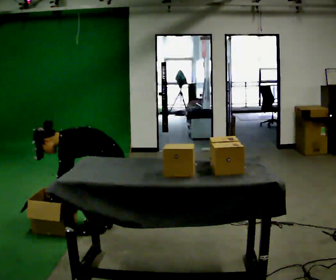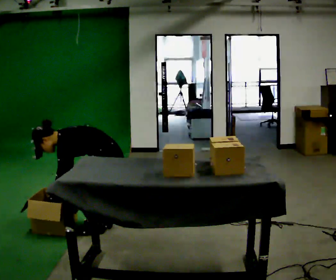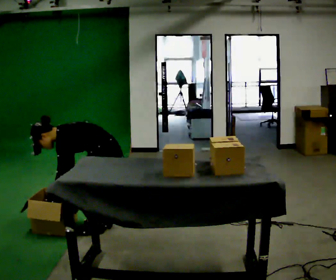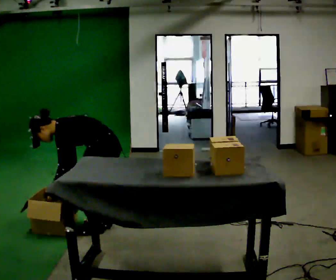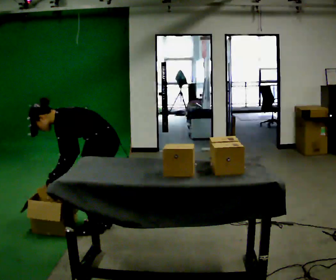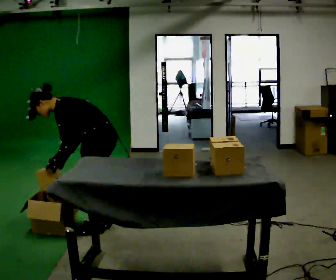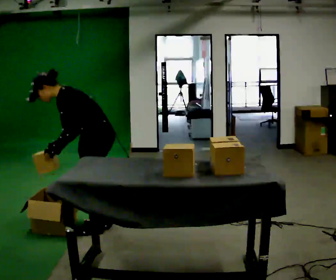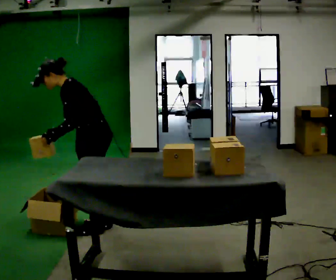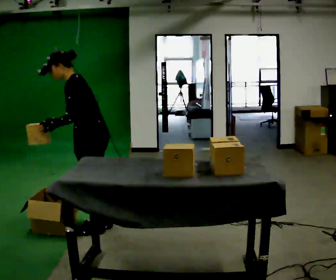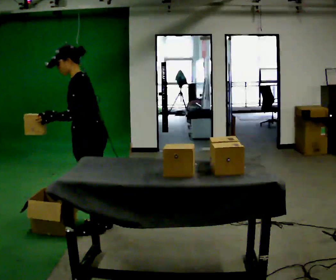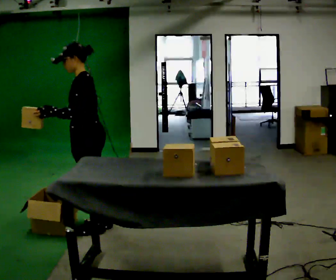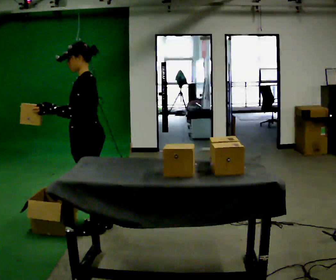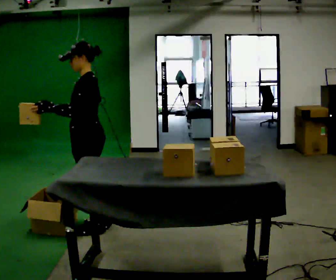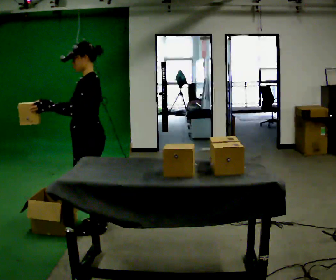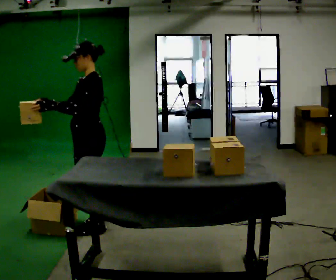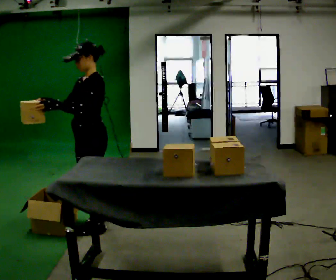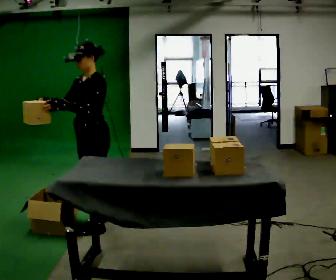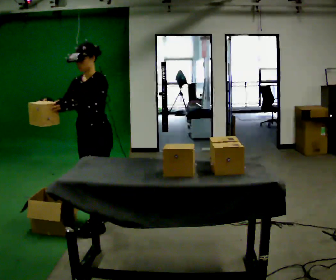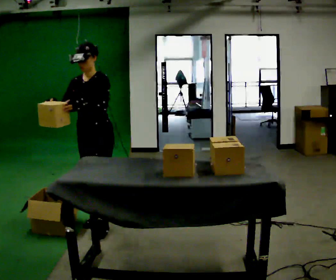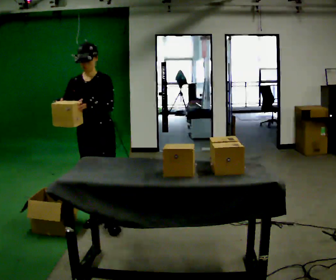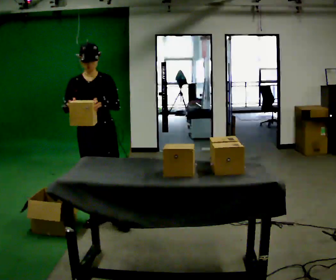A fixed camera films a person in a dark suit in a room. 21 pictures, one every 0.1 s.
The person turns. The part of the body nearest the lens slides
to the right.
The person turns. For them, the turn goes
to their left.
0.0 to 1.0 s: In the picture they go to the left, about 0.25 m, which for them is forward. The shoulders move upward. In the picture the upper body tilts clockwise, shoulders to the right, as they lean back or straighten. In the picture their right hand goes upward.
1.0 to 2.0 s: The person turns about 90 degrees to their left, counterclockwise seen from above, so the part of the body nearest the lens slides to the right. In the picture they go away from the camera, about 0.25 m in 1 step.
The film runs forward here.
